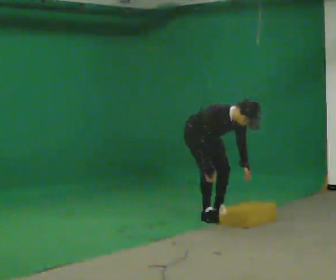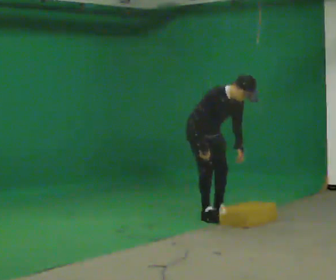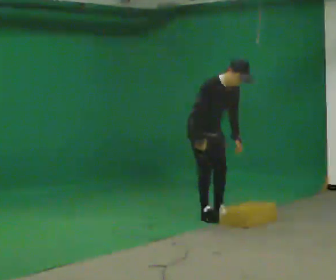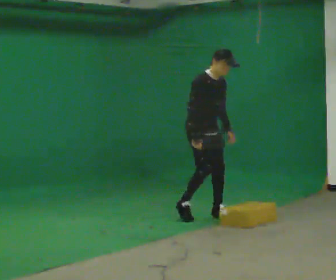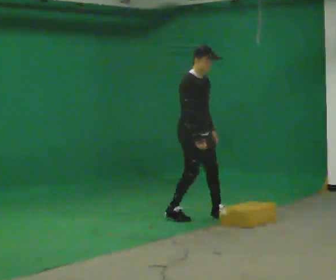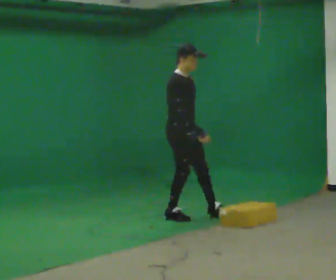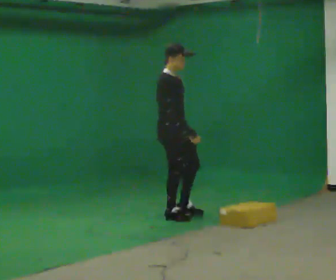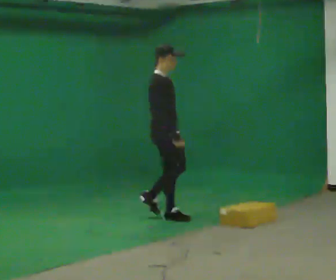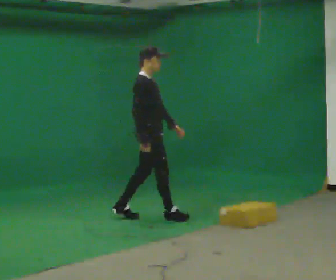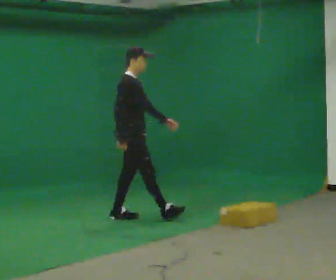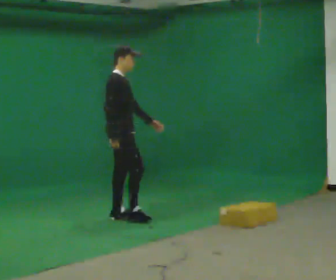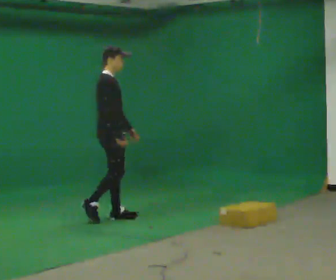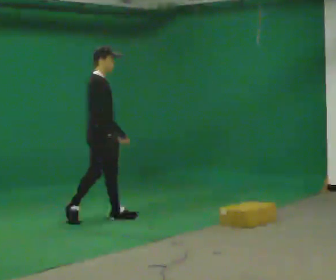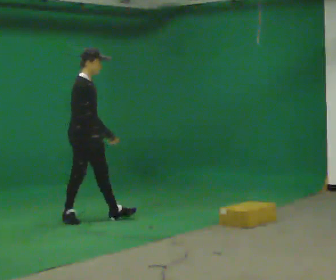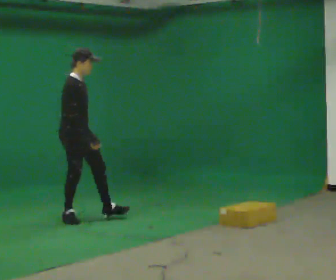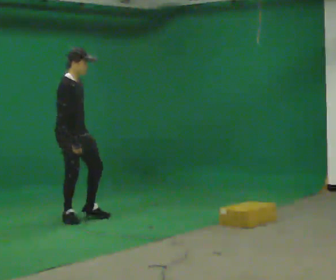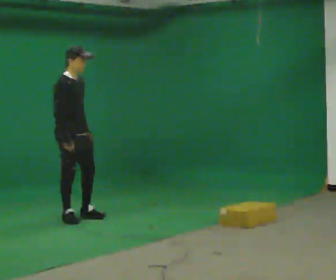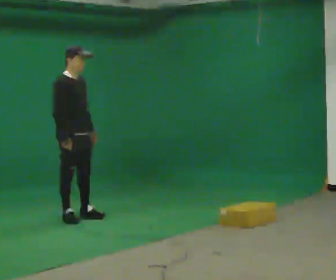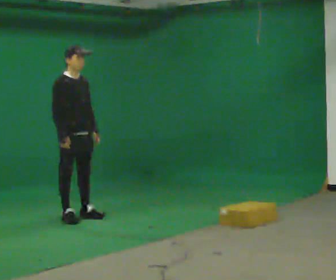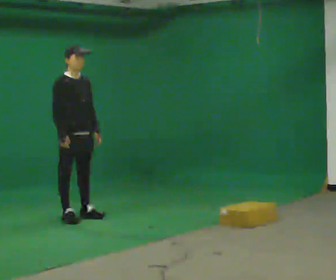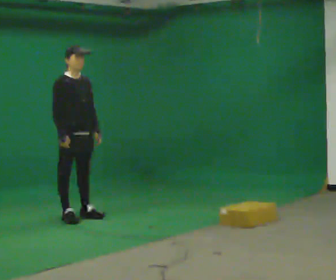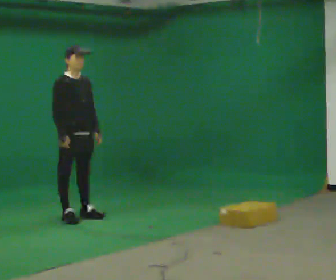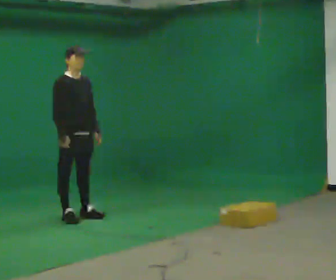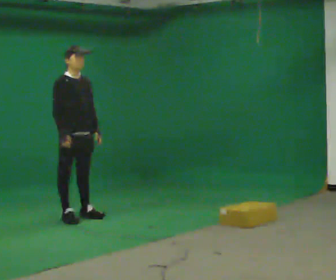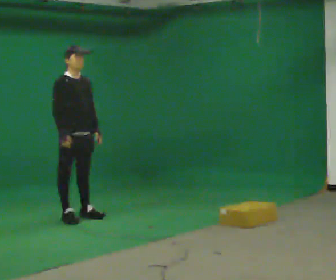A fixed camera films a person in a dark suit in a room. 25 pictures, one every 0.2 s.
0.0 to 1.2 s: The part of the body nearest the lens slides to the right as the person turns to their left by about 30 degrees. In the picture they go to the left, about 0.25 m in 2 steps, which for them is to their right and backward. The shoulders move upward. In the picture the upper body tilts counterclockwise, shoulders to the left, as they lean back or straighten. In the picture their right hand goes upward.
1.2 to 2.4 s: In the picture they go to the left, about 0.5 m in 1 step, which for them is backward.
2.4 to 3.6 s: Seen from above the body turns clockwise, about 30 degrees: to their right, with its near side sliding to the left. In the picture they go to the left, about 0.25 m in 1 step, which for them is backward.
3.6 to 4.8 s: The person moves a little, or ends about where they began.
The film runs backward here.
